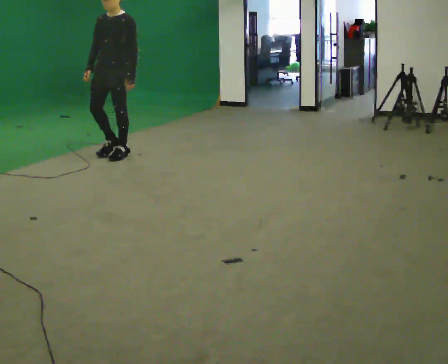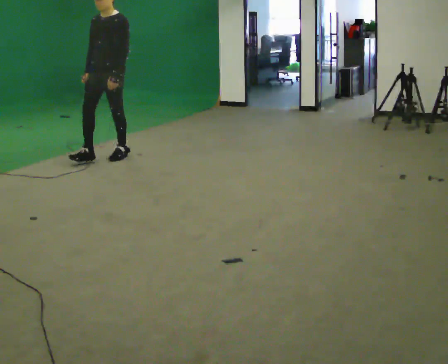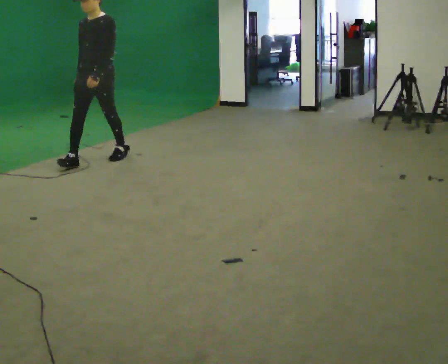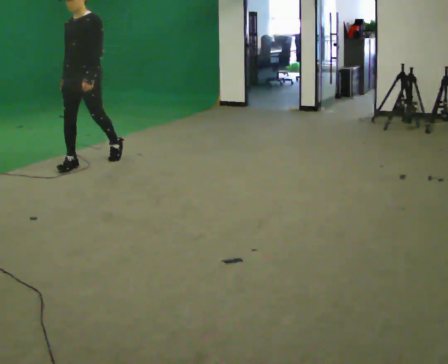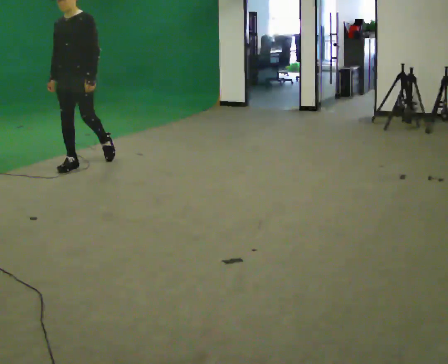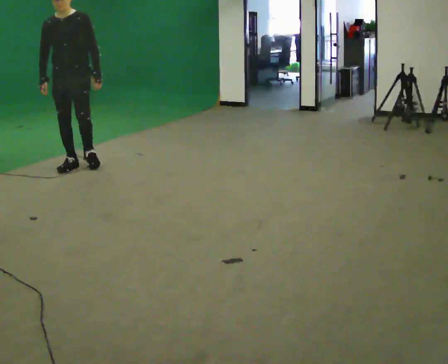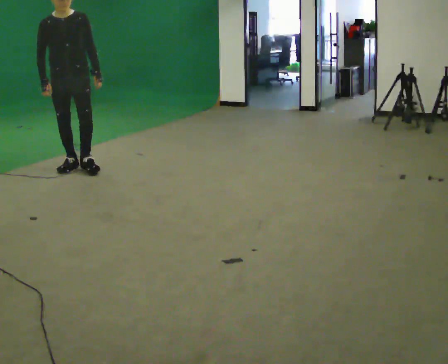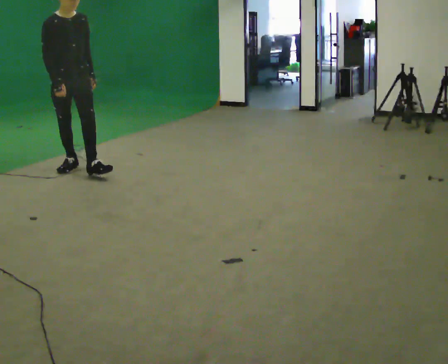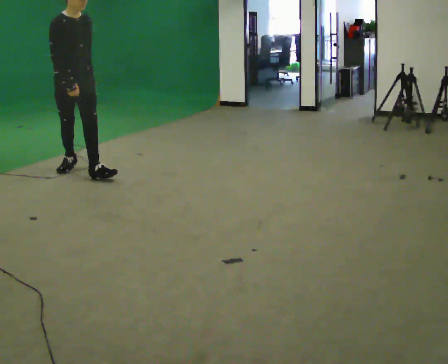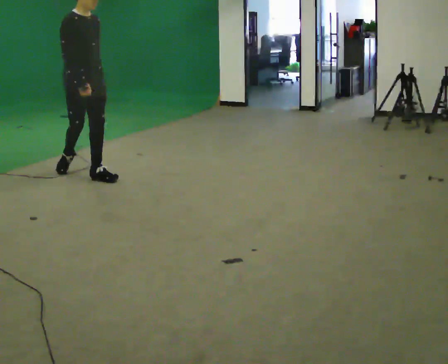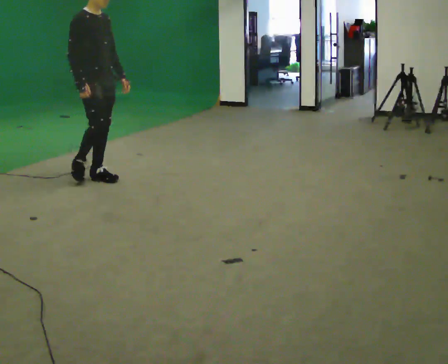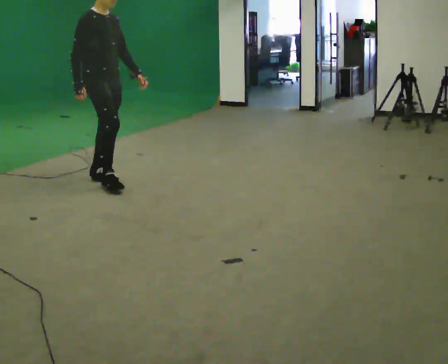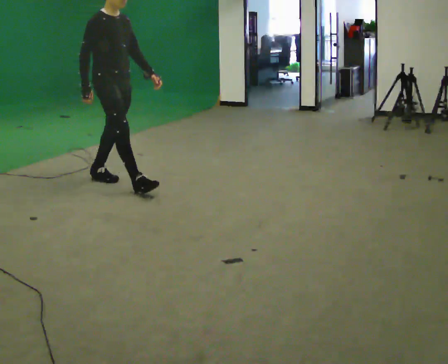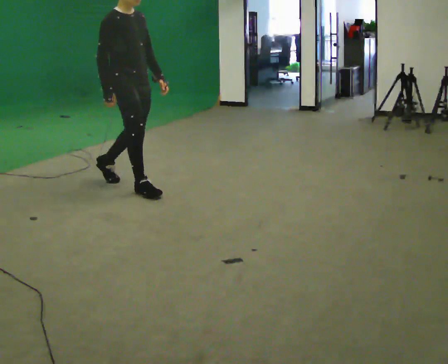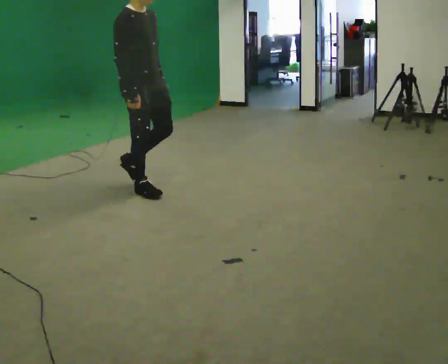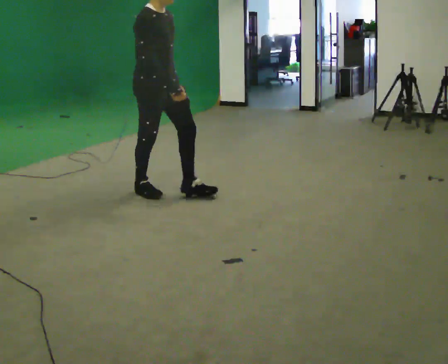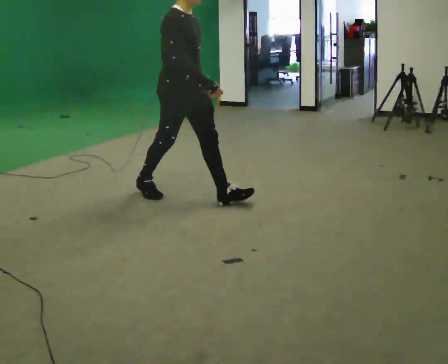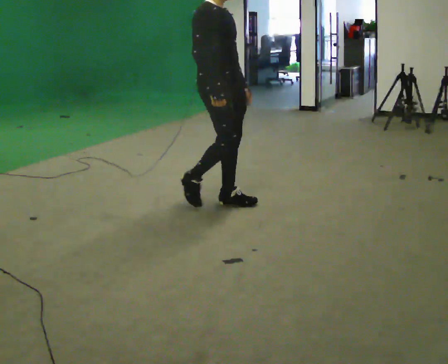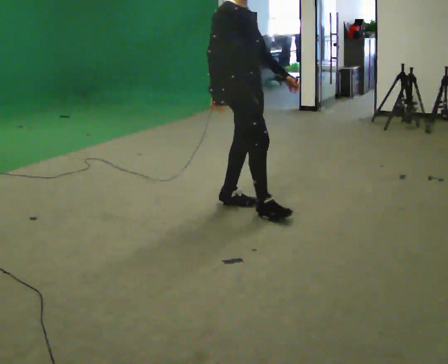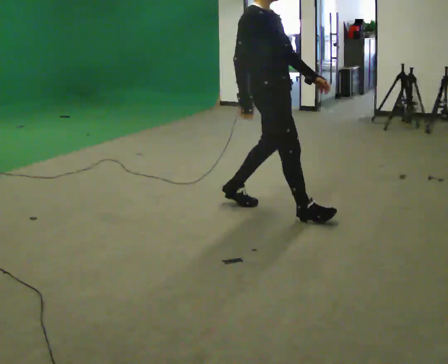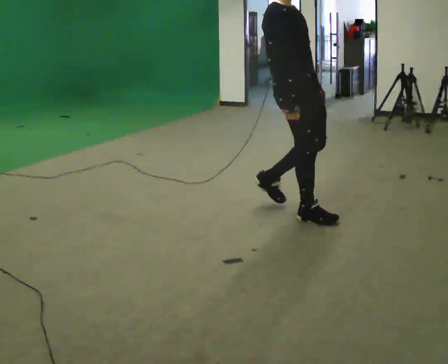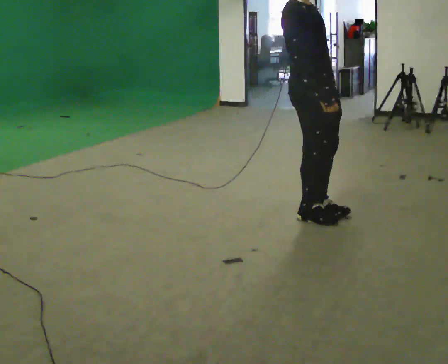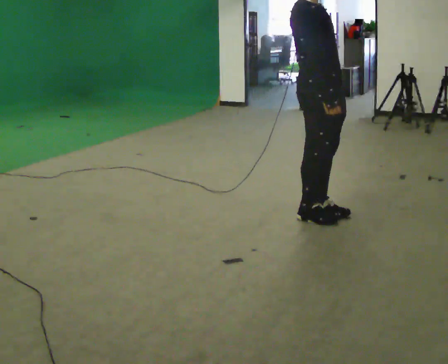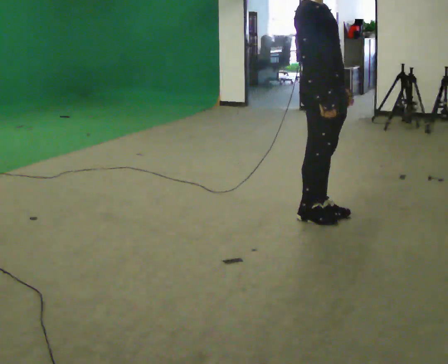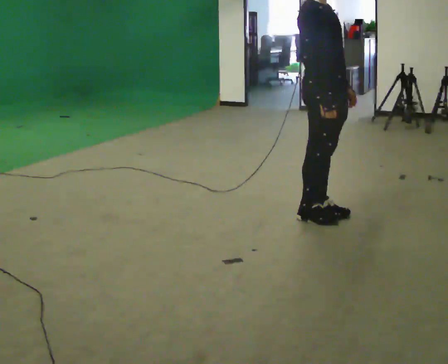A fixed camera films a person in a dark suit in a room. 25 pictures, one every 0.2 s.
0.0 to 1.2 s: Seen from above the body turns counterclockwise, about 45 degrees: to their left, with its near side sliding to the right. In the picture they go to the left and toward the camera, about 0.5 m in 1 step, which for them is forward.
1.2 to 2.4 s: The person turns about 45 degrees to their left, counterclockwise seen from above, so the part of the body nearest the lens slides to the right. In the picture they go toward the camera and to the right, about 0.75 m in 2 steps, which for them is forward.
2.4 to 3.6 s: In the picture they go to the right and toward the camera, about 1 m in 1 step, which for them is forward.
3.6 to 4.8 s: In the picture they go to the right and toward the camera, about 0.5 m in 2 steps, which for them is forward.
The film runs forward here.
